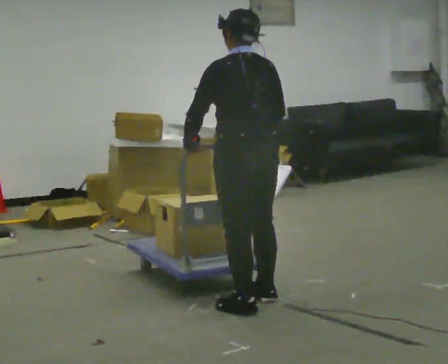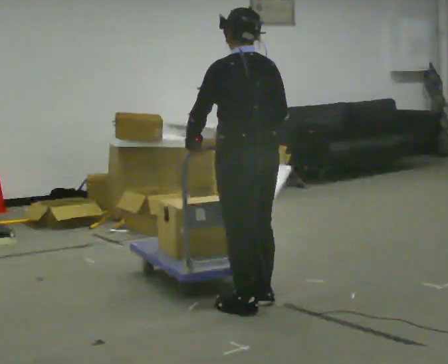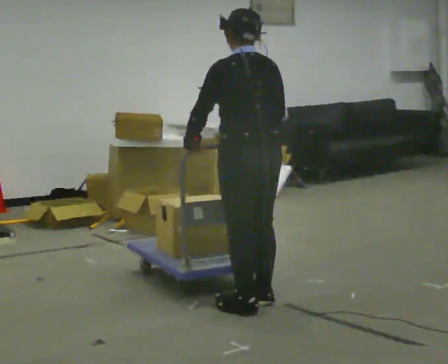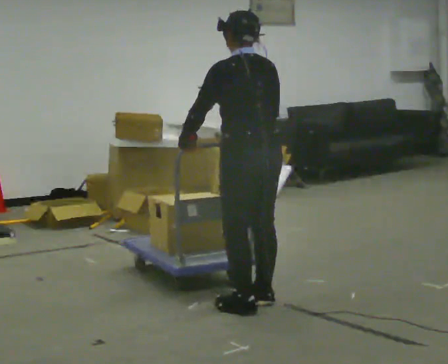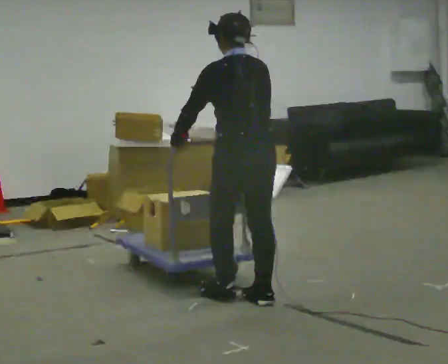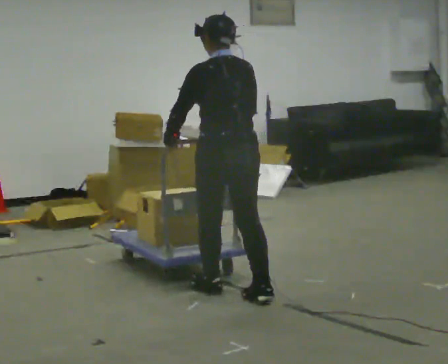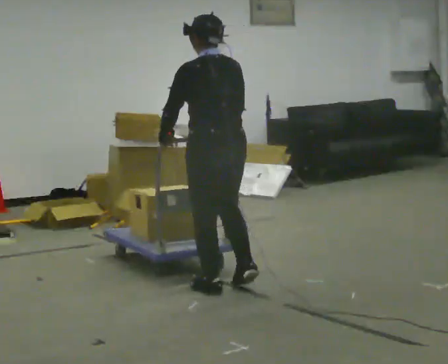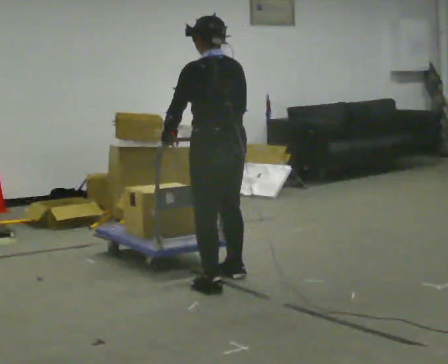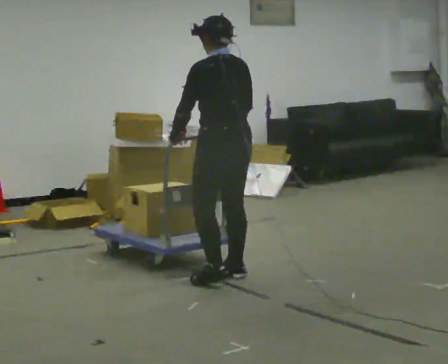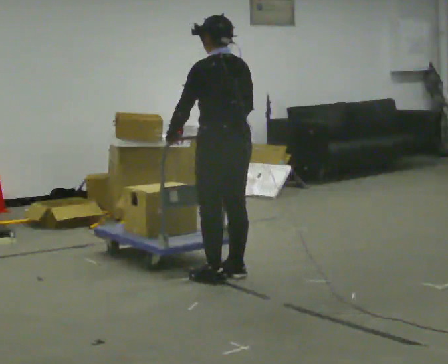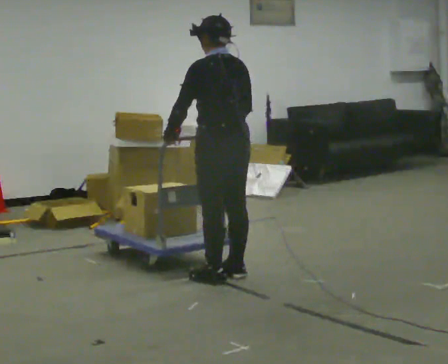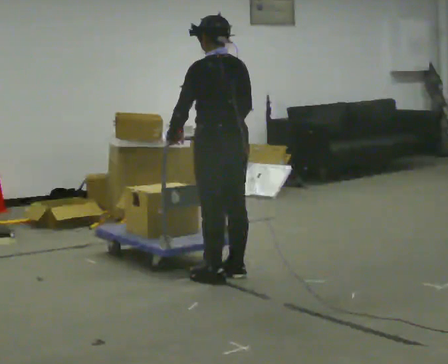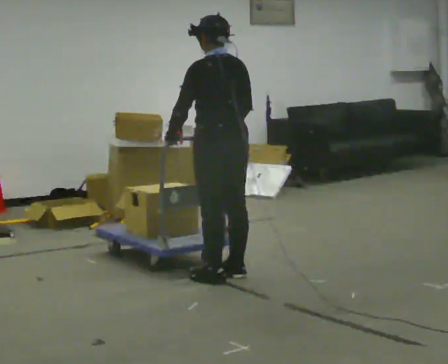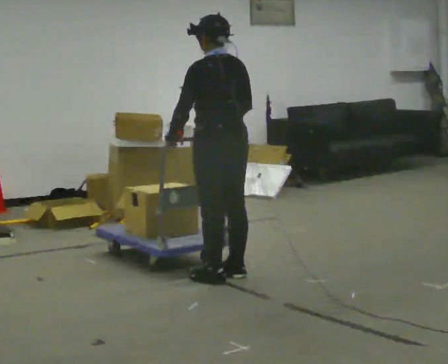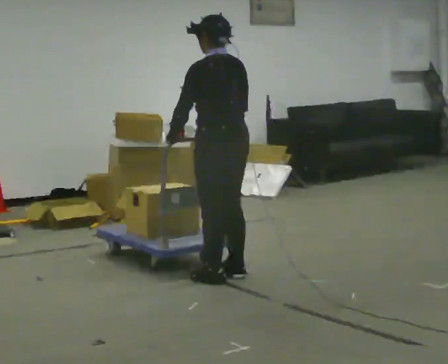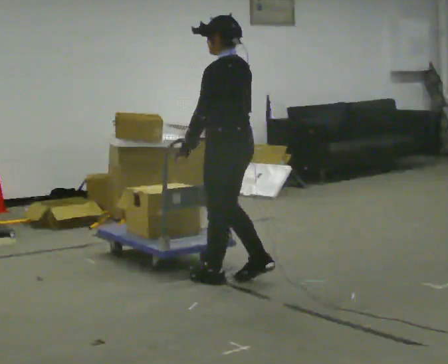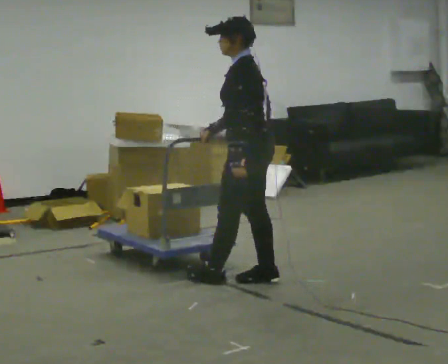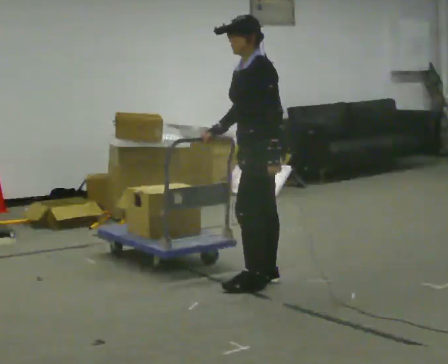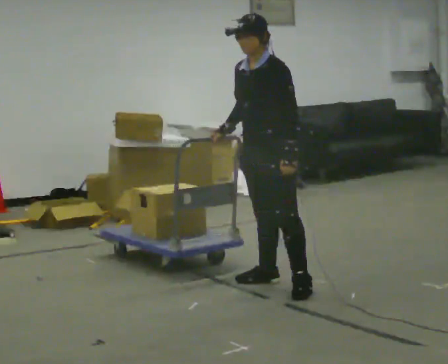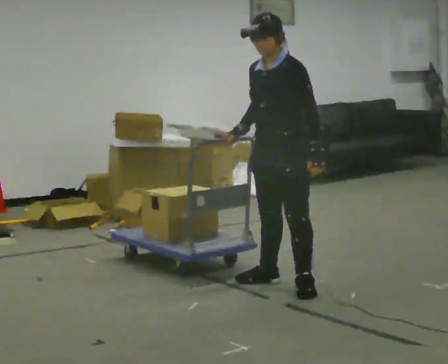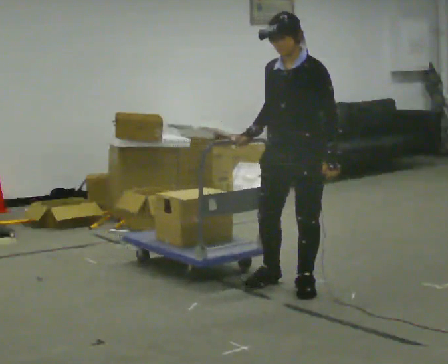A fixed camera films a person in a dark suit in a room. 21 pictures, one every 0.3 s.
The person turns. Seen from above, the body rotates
counterclockwise.
The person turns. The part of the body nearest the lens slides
to the right.
0.0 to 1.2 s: In the picture they go away from the camera, about 0.25 m, which for them is forward.
1.2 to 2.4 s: In the picture they go away from the camera, about 0.5 m in 2 steps, which for them is forward.
2.4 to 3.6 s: The person moves a little, or ends about where they began.
3.6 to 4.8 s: The person turns about 45 degrees to their left, counterclockwise seen from above, so the part of the body nearest the lens slides to the right. In the picture they go to the right, about 0.25 m in 1 step, which for them is backward. In the picture their left hand goes to the right.
4.8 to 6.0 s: The person turns about 60 degrees to their left, counterclockwise seen from above, so the part of the body nearest the lens slides to the right. In the picture they go to the right and toward the camera, about 0.25 m in 1 step.
The film runs forward here.
